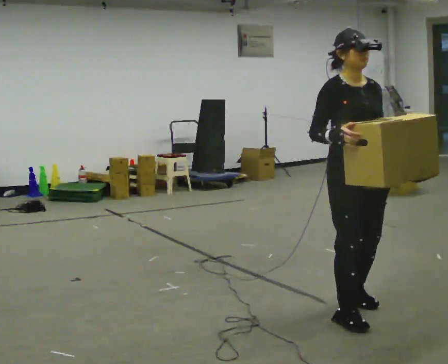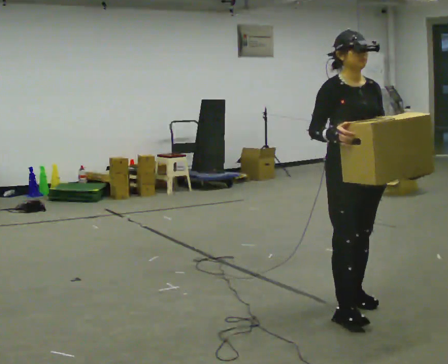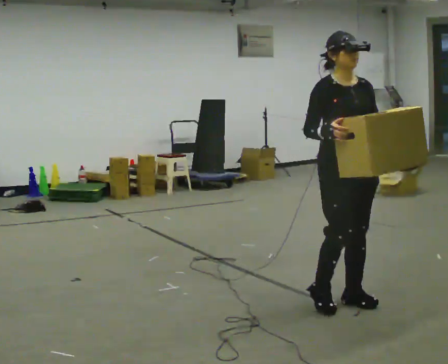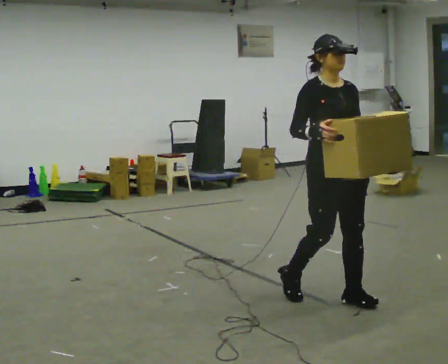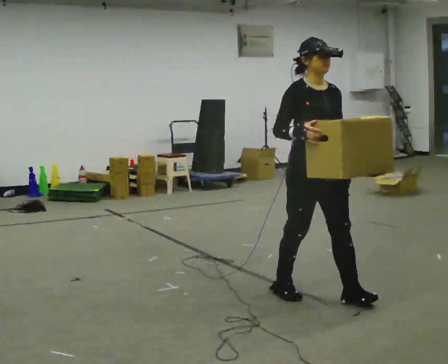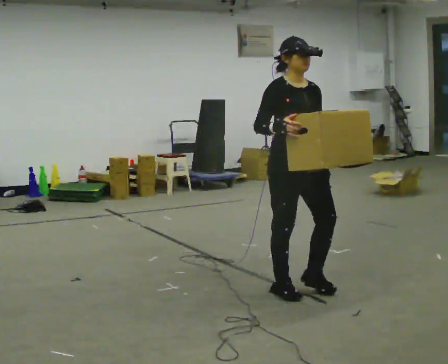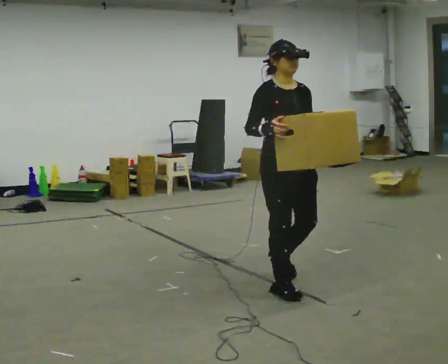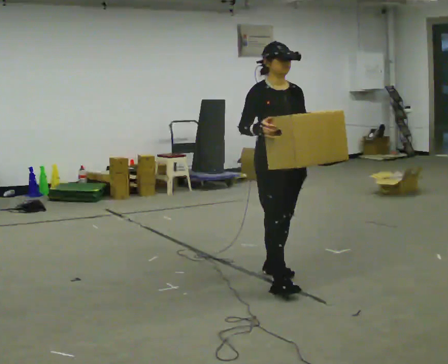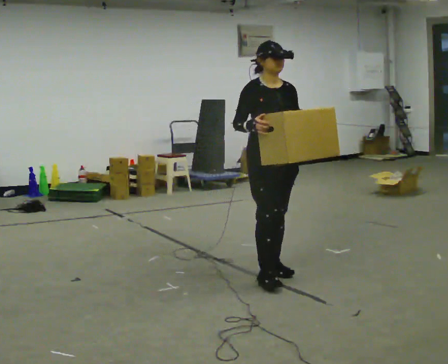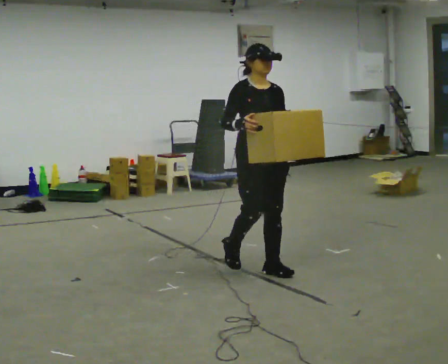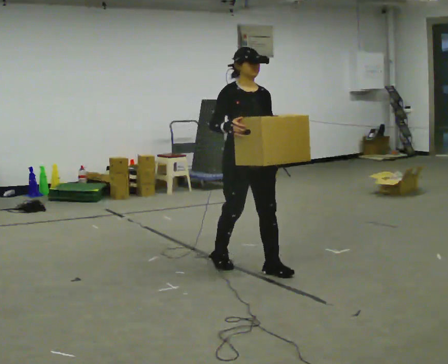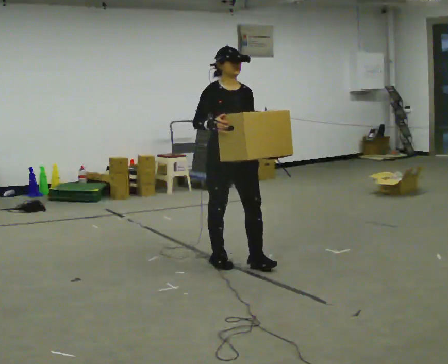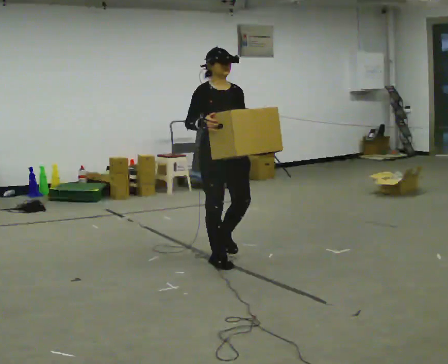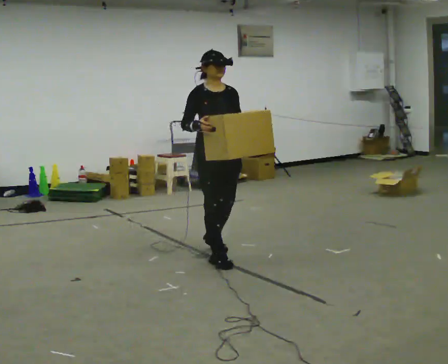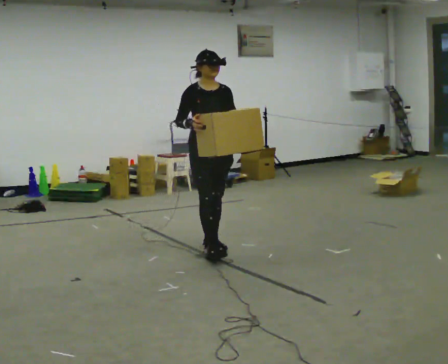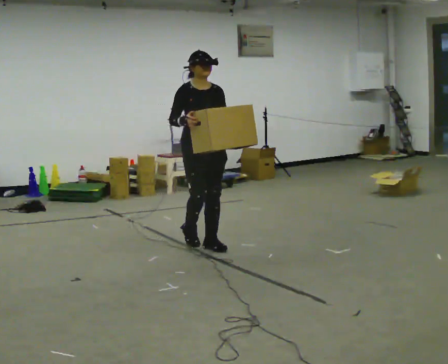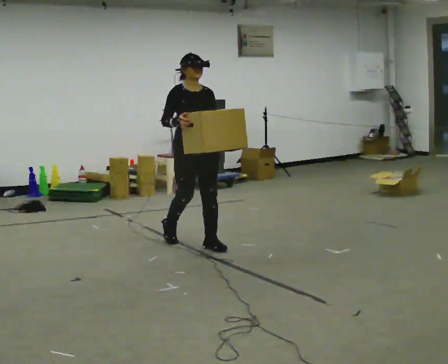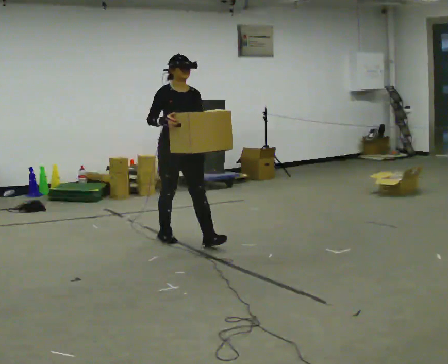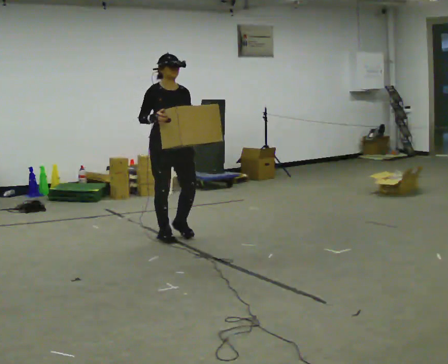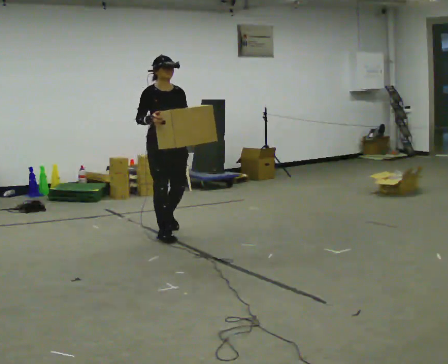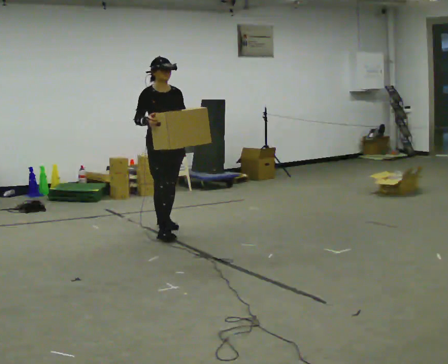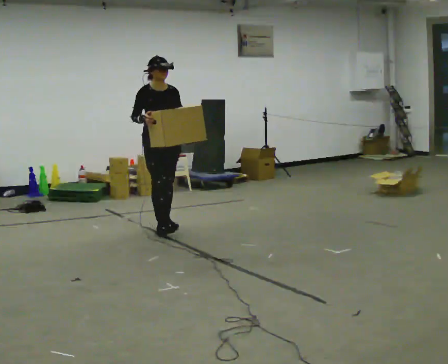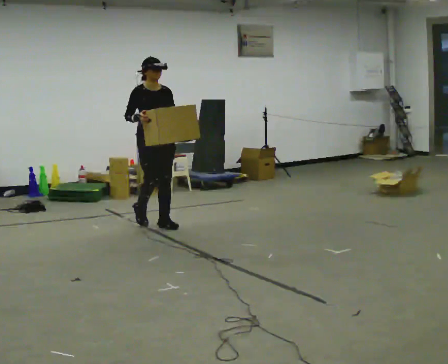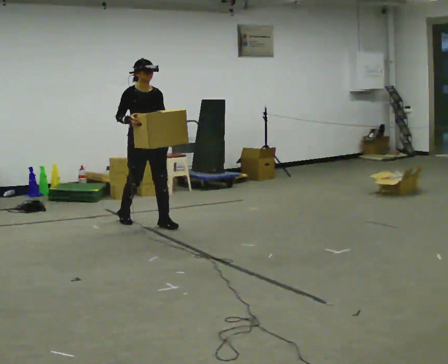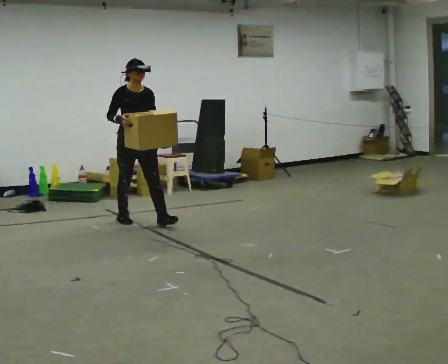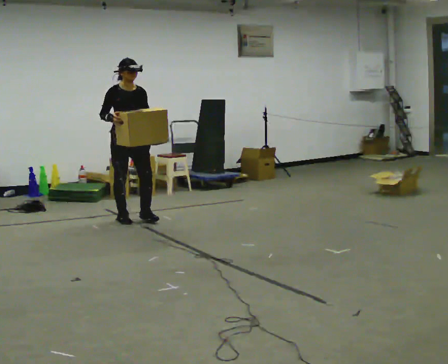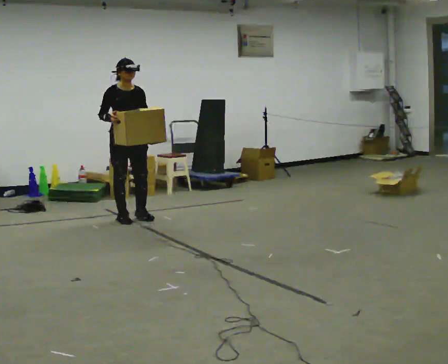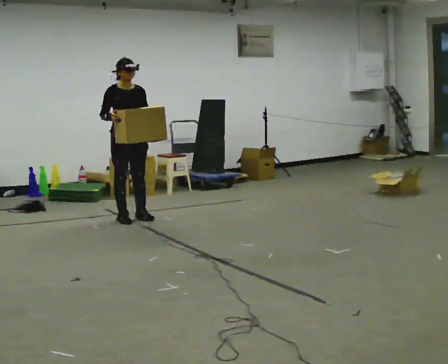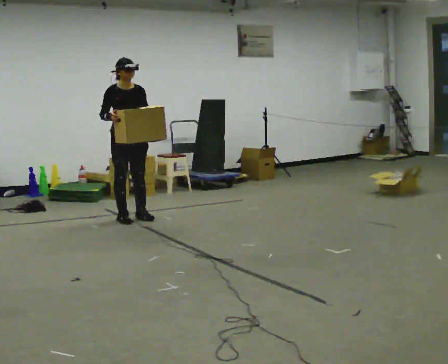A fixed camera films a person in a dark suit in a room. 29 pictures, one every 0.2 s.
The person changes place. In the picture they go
away from the camera.
0.0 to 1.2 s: In the picture they go away from the camera and to the left, about 0.75 m in 2 steps, which for them is backward.
1.2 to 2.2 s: In the picture they go away from the camera and to the left, about 0.75 m in 2 steps, which for them is backward.
2.2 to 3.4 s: In the picture they go away from the camera and to the left, about 1 m in 2 steps, which for them is backward.
3.4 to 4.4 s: In the picture they go away from the camera and to the left, about 0.75 m in 1 step, which for them is backward.
4.4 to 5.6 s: In the picture they go to the left and away from the camera, about 0.5 m in 1 step, which for them is backward.
The film runs backward here.
